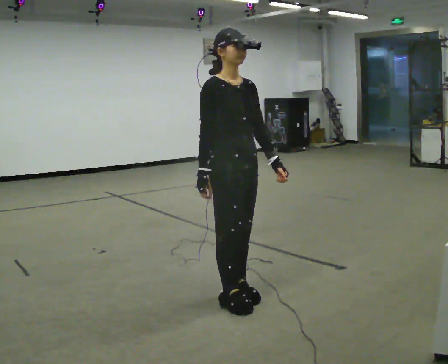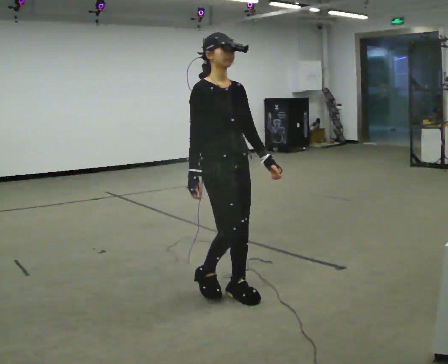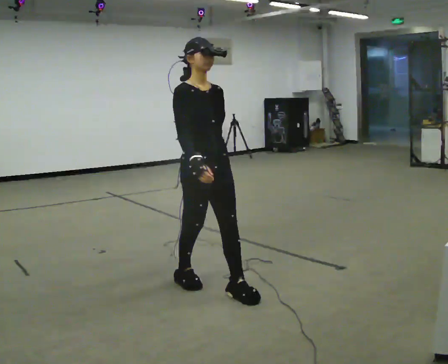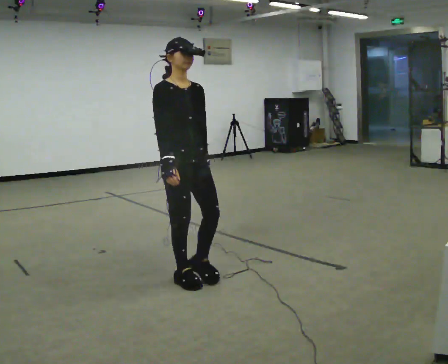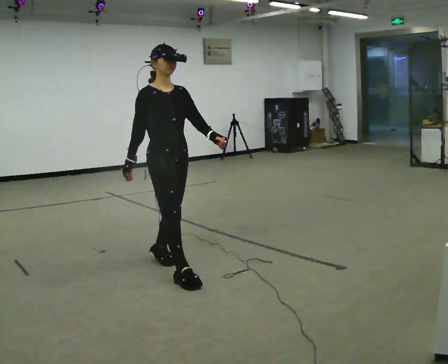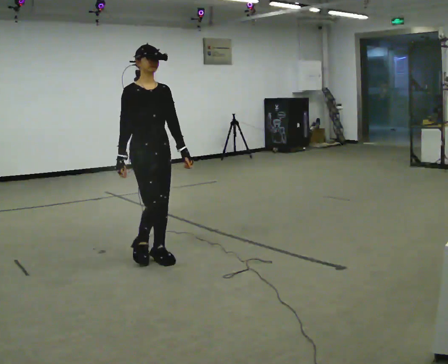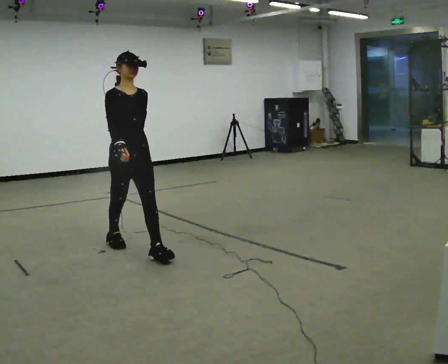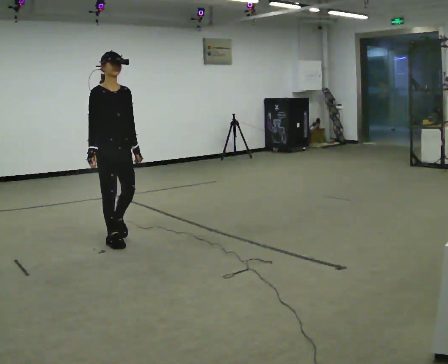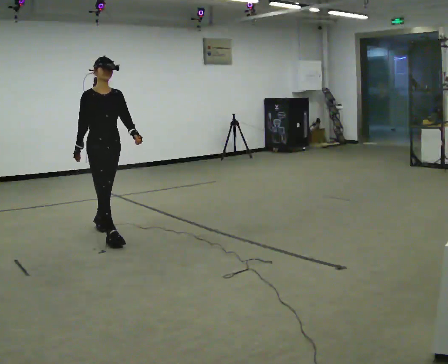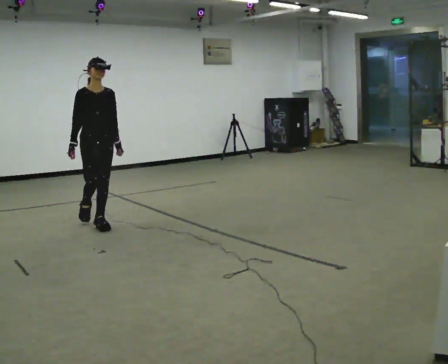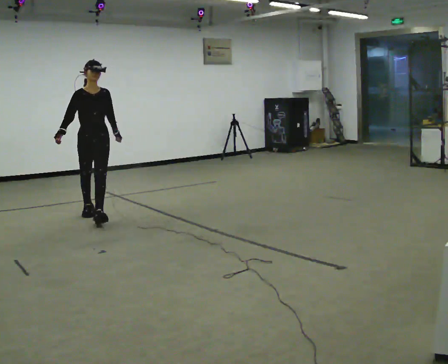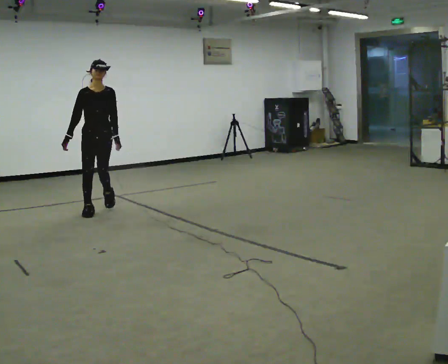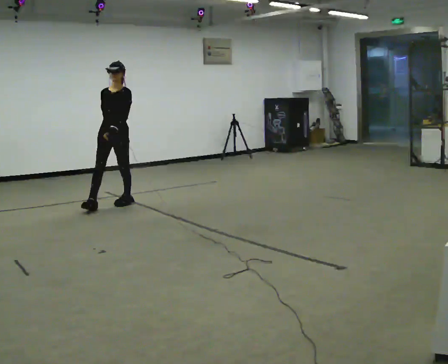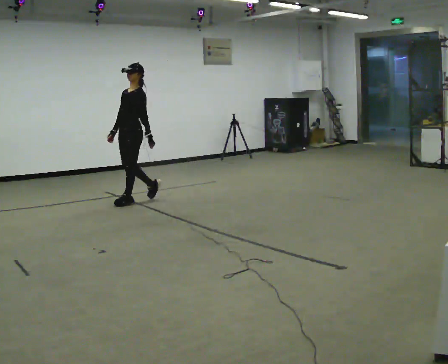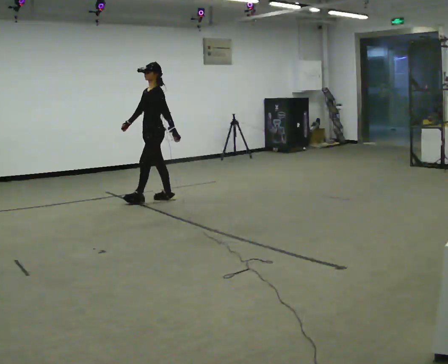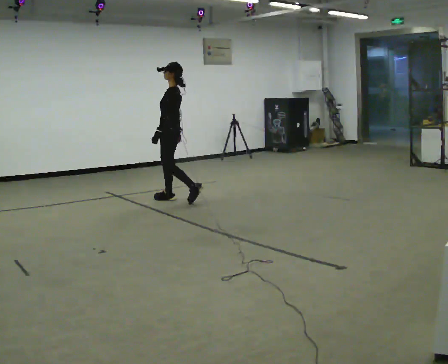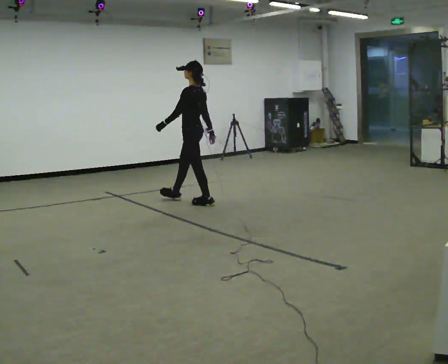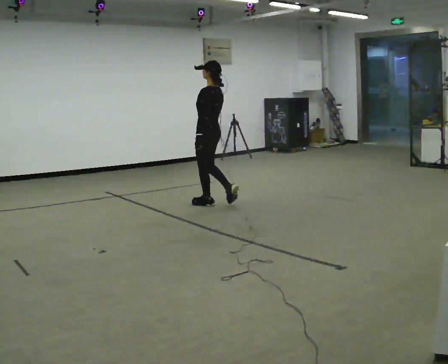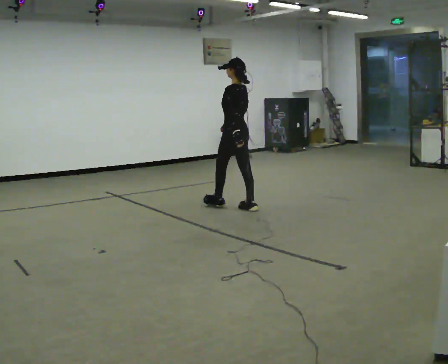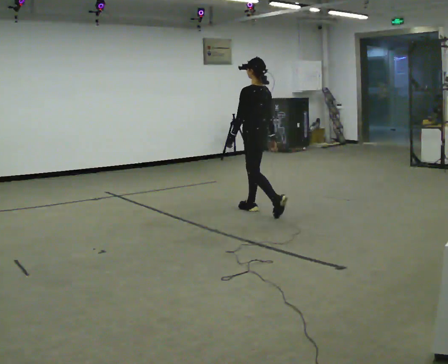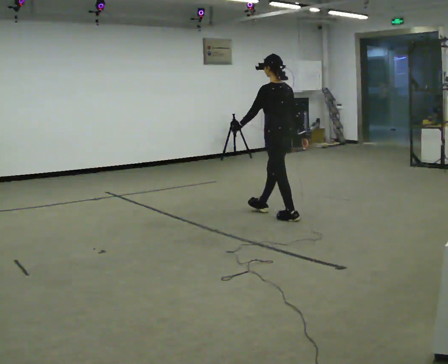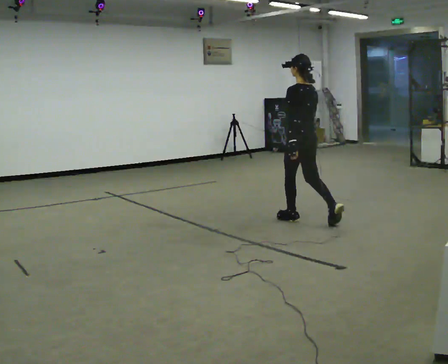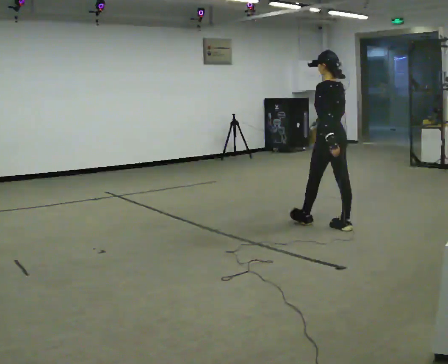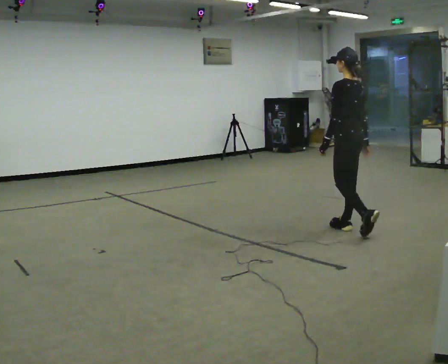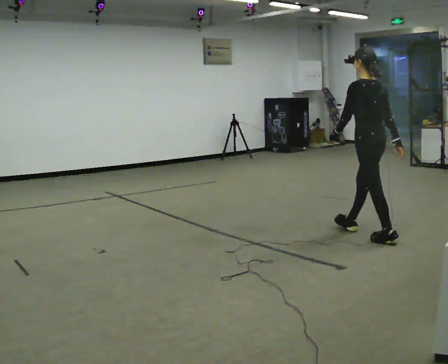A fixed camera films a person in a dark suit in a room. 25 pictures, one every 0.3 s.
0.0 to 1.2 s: In the picture they go away from the camera and to the left, about 0.75 m in 2 steps, which for them is backward.
1.2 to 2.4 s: In the picture they go away from the camera and to the left, about 1 m in 2 steps, which for them is backward.
2.4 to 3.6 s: The part of the body nearest the lens slides to the left as the person turns to their right by about 60 degrees. In the picture they go away from the camera, about 1 m in 3 steps, which for them is backward.
3.6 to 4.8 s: The part of the body nearest the lens slides to the left as the person turns to their right by about 90 degrees. In the picture they go to the right, about 1 m in 2 steps.
4.8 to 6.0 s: Seen from above the body turns clockwise, about 30 degrees: to their right, with its near side sliding to the left. In the picture they go toward the camera and to the right, about 1 m in 2 steps, which for them is backward.
6.0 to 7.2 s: In the picture they go toward the camera and to the right, about 1 m in 2 steps, which for them is backward.
The film runs backward here.
